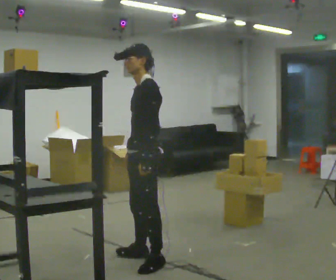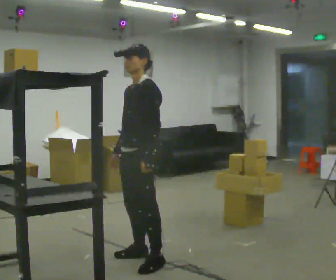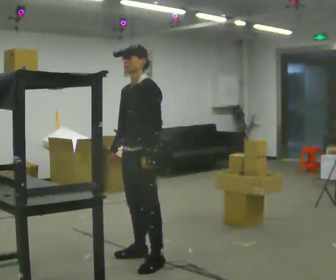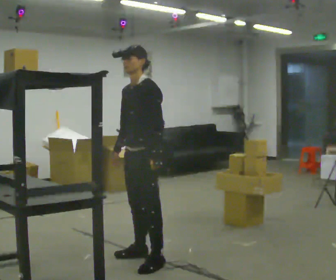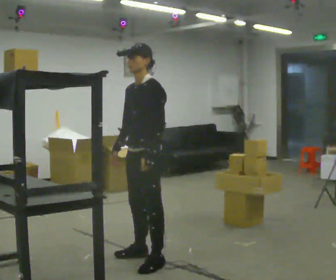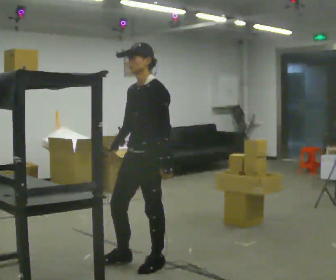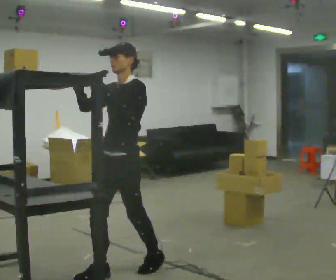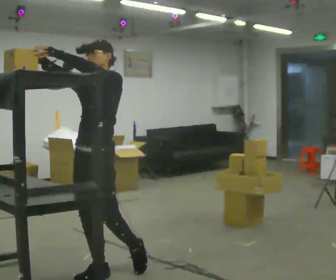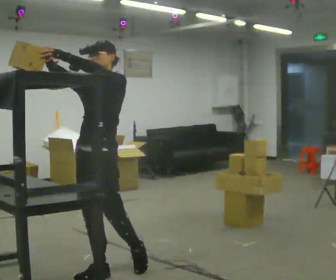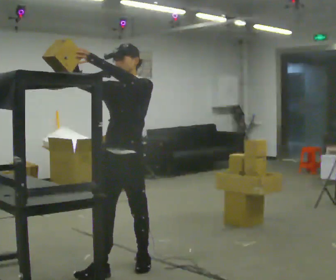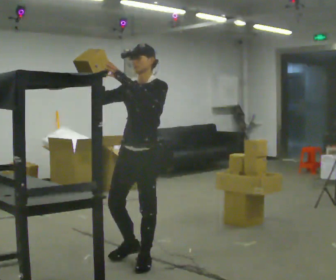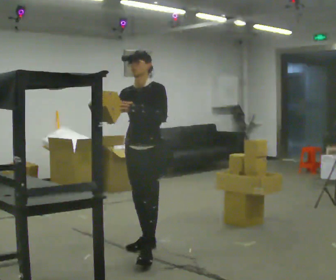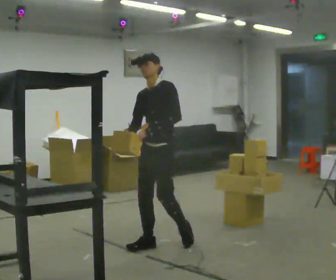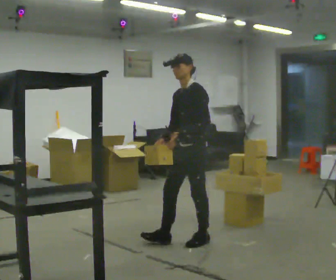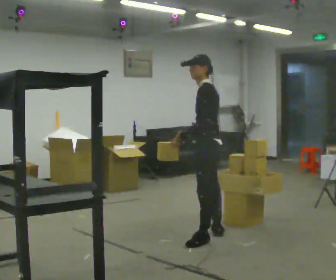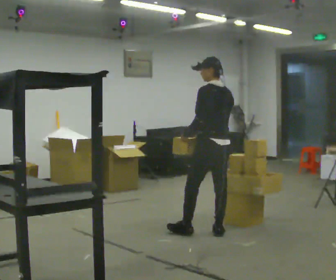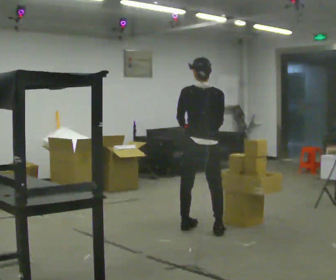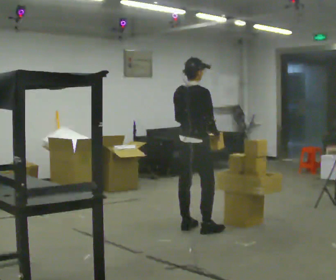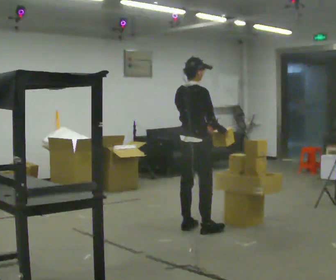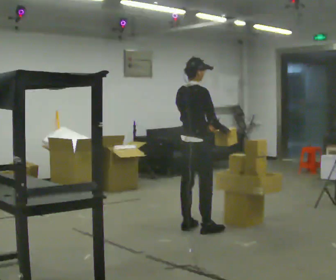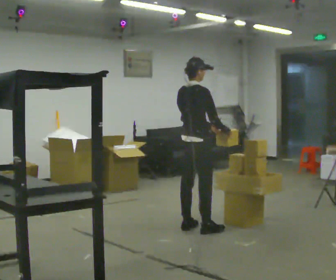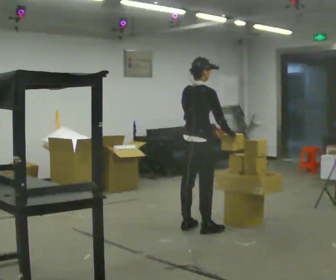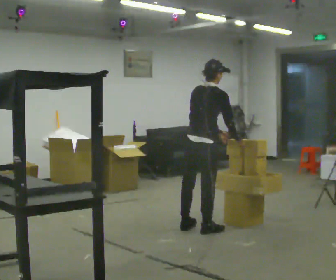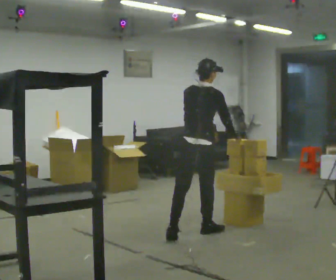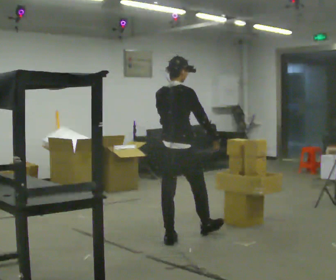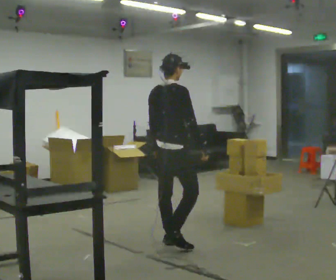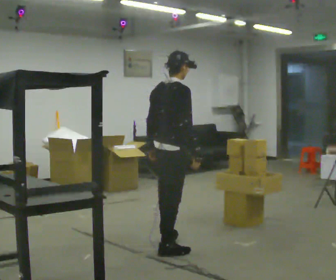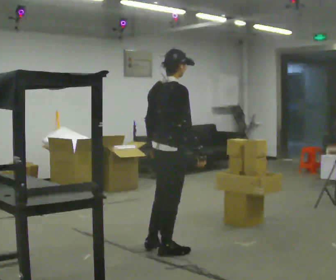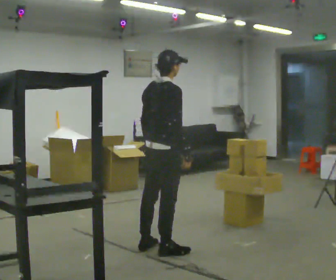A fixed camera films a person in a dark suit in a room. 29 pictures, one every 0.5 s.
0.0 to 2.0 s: The person moves a little, or ends about where they began.
2.0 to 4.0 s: In the picture they go to the left and toward the camera, about 0.5 m in 1 step, which for them is forward. In the picture their right hand goes upward, the arm swinging clockwise.
4.0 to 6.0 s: In the picture they go away from the camera and to the right, about 1 m in 2 steps, which for them is backward. In the picture their right hand goes downward, the arm swinging counterclockwise.
6.0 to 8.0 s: The person turns about 150 degrees to their right, clockwise seen from above, so the part of the body nearest the lens slides to the left. In the picture they go away from the camera and to the right, about 0.75 m in 2 steps.
8.0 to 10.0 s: The part of the body nearest the lens slides to the left as the person turns to their right by about 45 degrees.
10.0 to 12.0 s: In the picture they go toward the camera and to the left, about 0.5 m in 2 steps, which for them is backward.
12.0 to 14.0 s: In the picture they go toward the camera and to the left, about 0.5 m in 1 step, which for them is backward and to their right.
The film runs backward here.
